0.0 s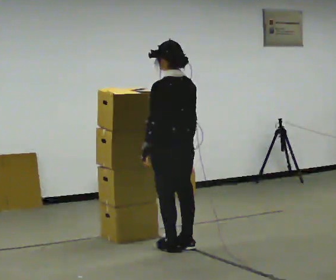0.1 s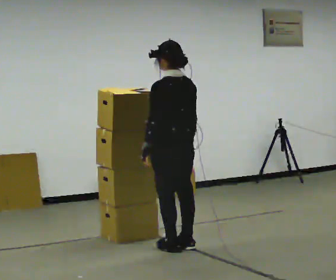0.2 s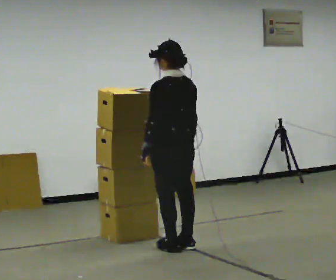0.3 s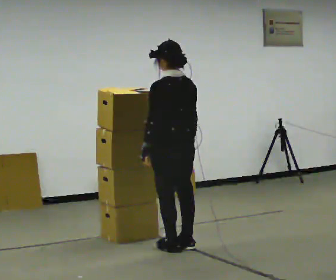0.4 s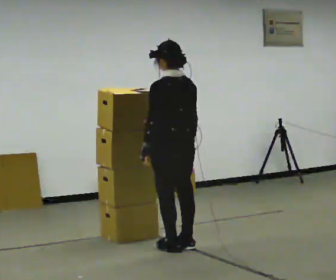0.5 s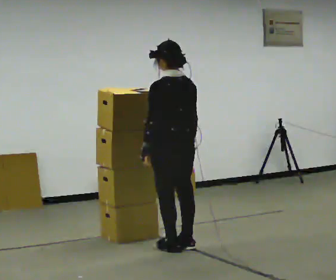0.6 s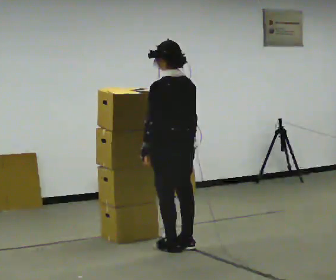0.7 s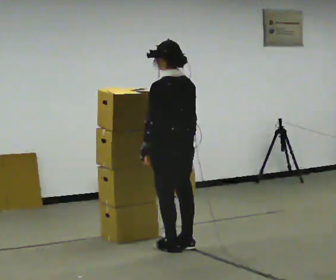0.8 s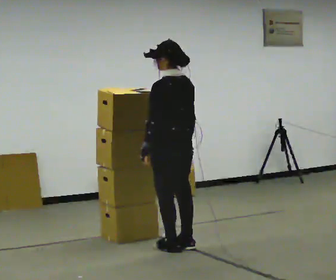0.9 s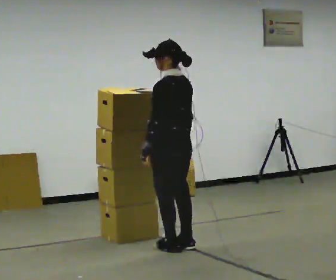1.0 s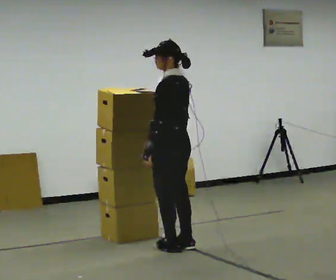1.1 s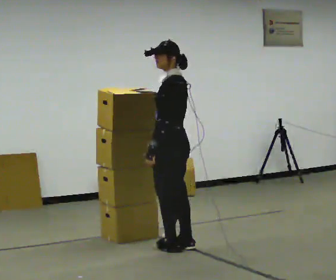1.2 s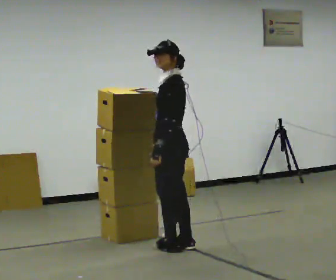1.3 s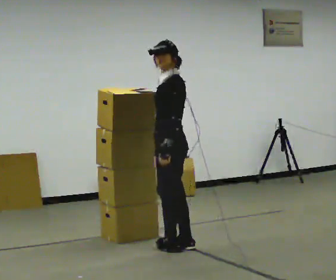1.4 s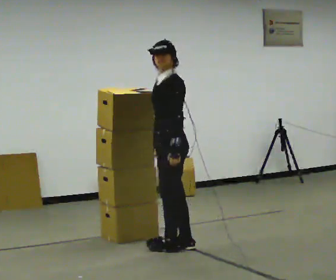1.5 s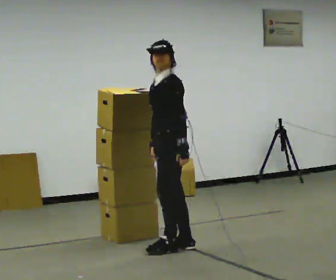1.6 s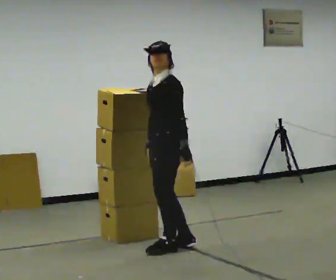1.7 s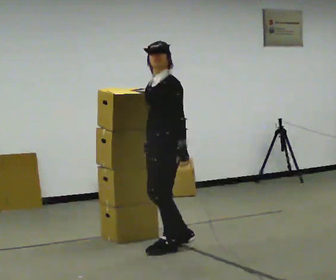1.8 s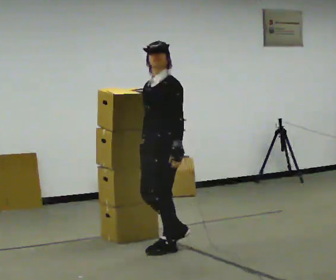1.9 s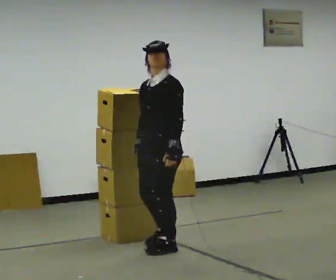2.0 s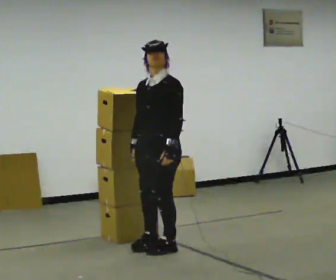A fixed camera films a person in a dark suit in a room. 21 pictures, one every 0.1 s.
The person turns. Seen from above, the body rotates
counterclockwise.
The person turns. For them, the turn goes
to their left.
0.0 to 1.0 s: The person moves a little, or ends about where they began.
1.0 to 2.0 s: The part of the body nearest the lens slides to the right as the person turns to their left by about 75 degrees.
The film runs forward here.
